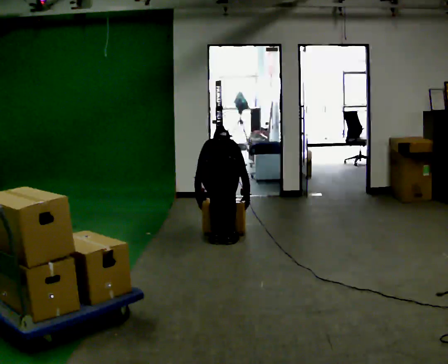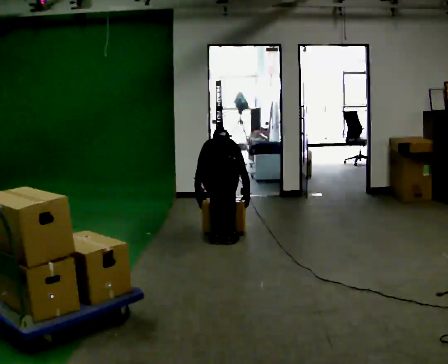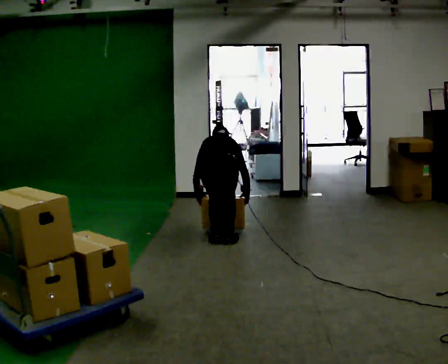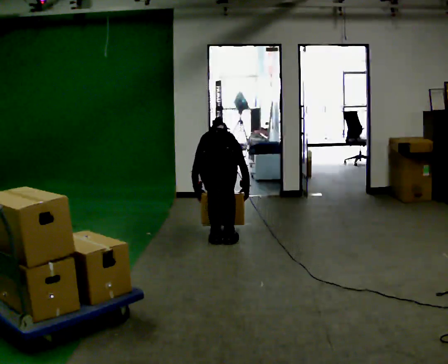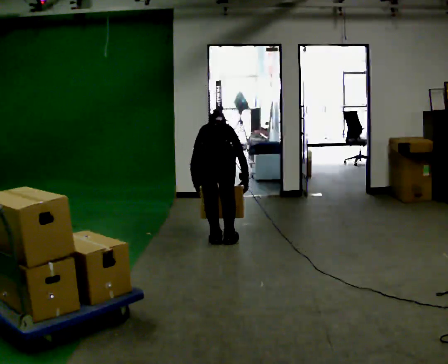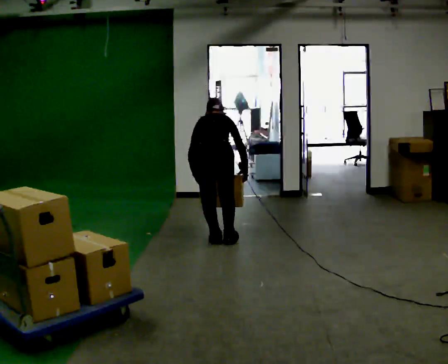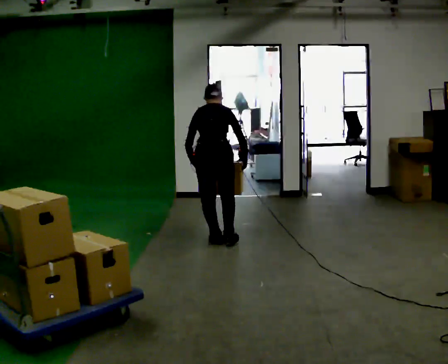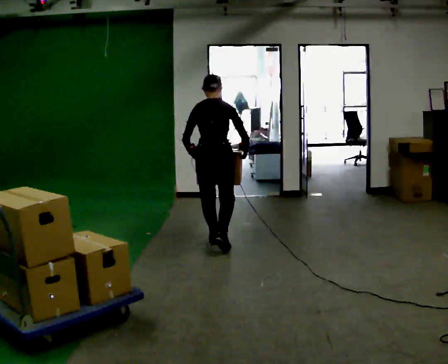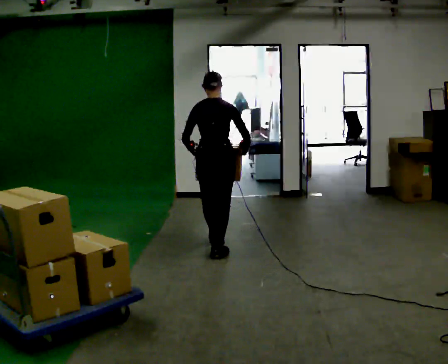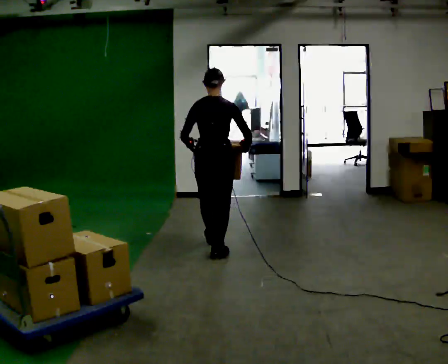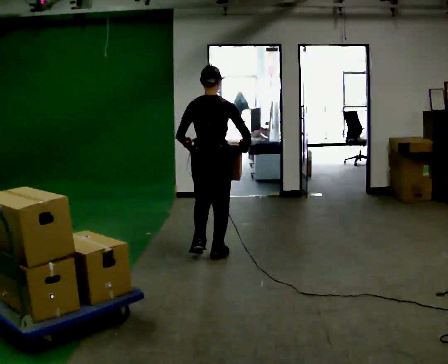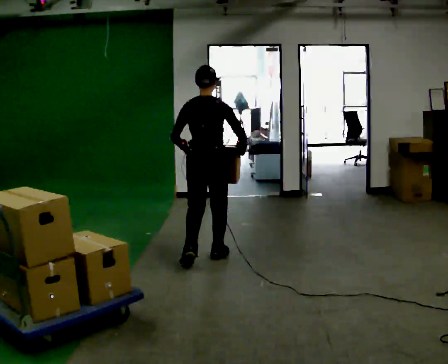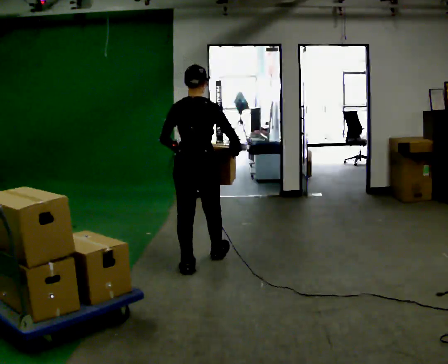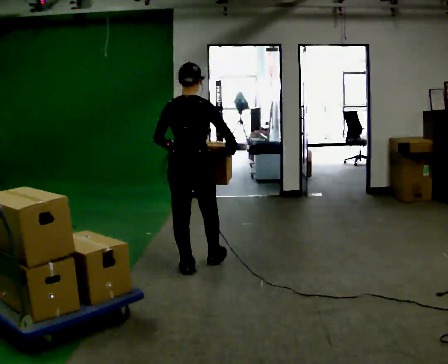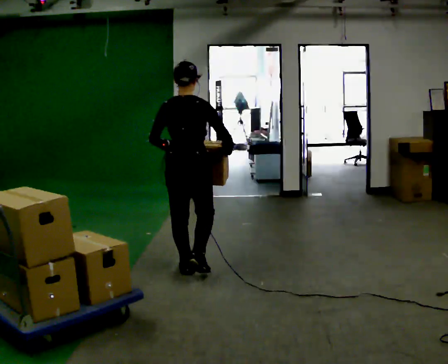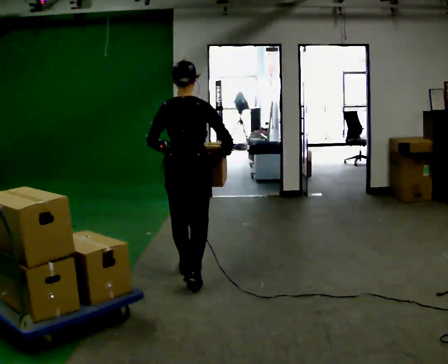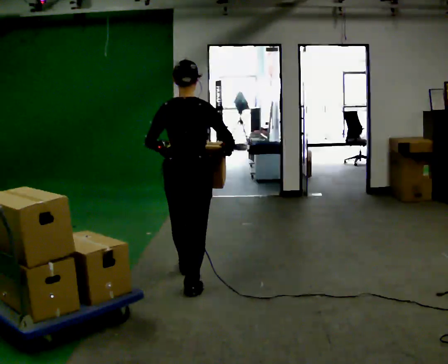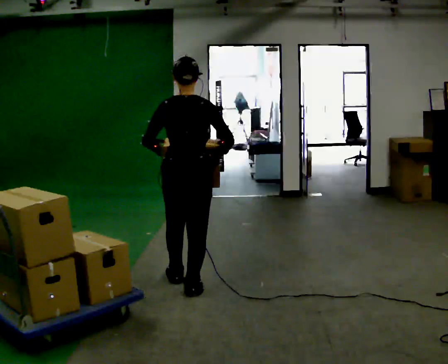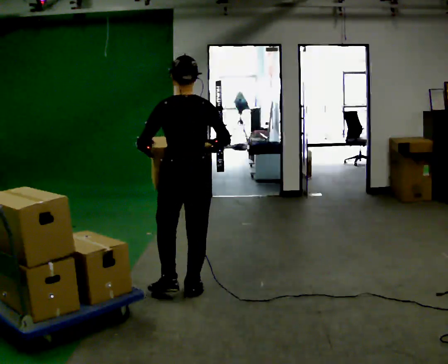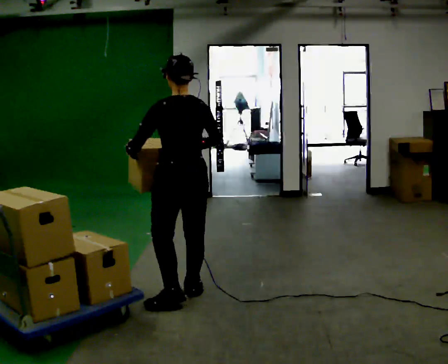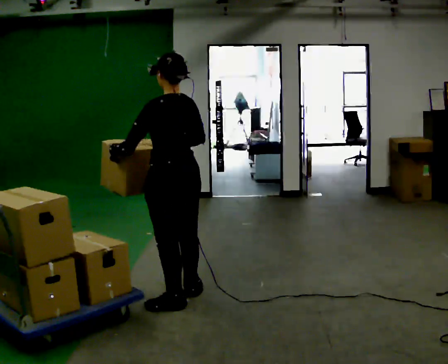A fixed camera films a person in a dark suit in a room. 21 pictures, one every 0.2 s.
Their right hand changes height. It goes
upward.
The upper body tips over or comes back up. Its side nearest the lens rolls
downward.
0.0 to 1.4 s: The upper body goes upward. The upper body tips toward the camera, its near side rolling downward, as they lean back or straighten. In the picture their right hand goes upward.
1.4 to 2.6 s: In the picture they go toward the camera, about 0.5 m in 2 steps, which for them is backward. The upper body tips toward the camera, its near side rolling downward, as they lean back or straighten.
2.6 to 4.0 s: Seen from above the body turns counterclockwise, about 60 degrees: to their left, with its near side sliding to the right. In the picture they go toward the camera, about 0.75 m in 1 step, which for them is backward.
The film runs backward here.
